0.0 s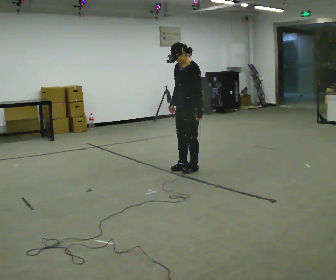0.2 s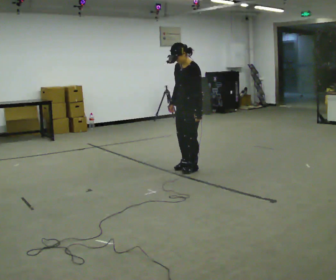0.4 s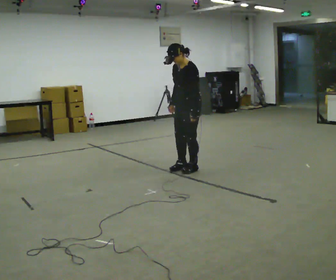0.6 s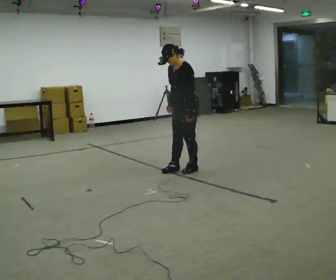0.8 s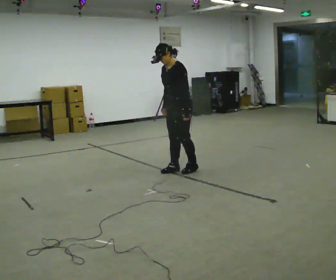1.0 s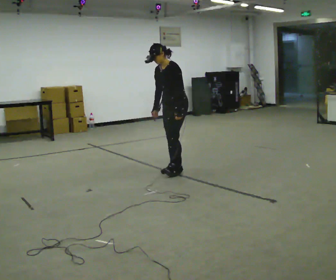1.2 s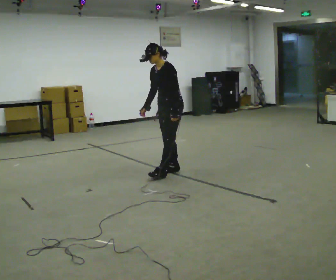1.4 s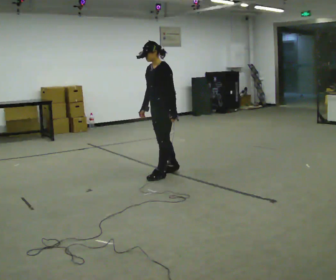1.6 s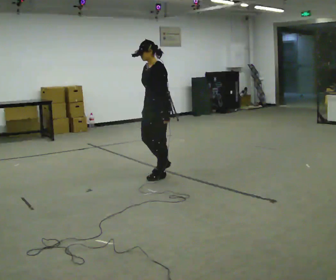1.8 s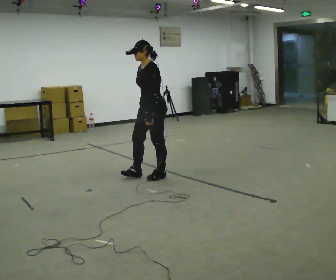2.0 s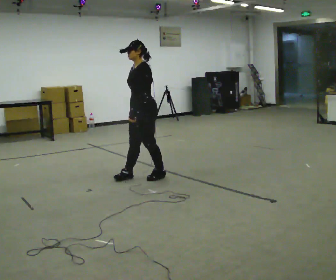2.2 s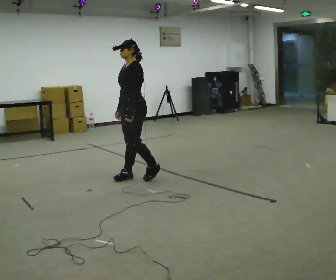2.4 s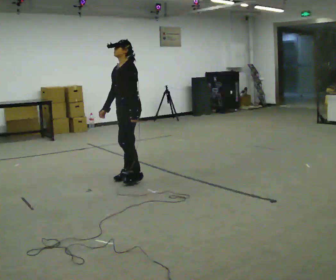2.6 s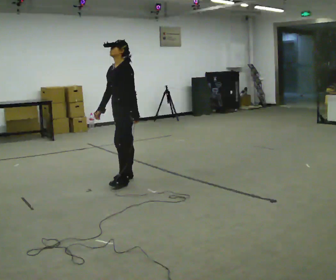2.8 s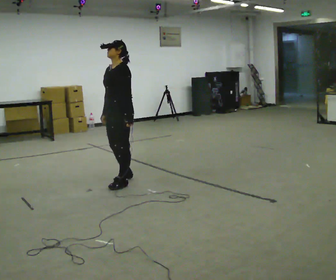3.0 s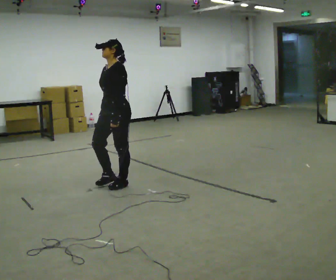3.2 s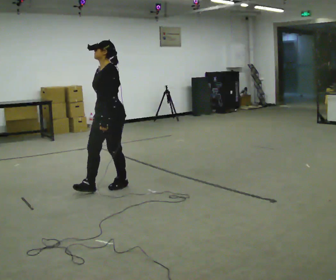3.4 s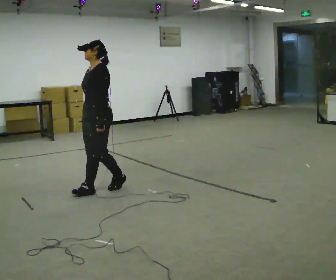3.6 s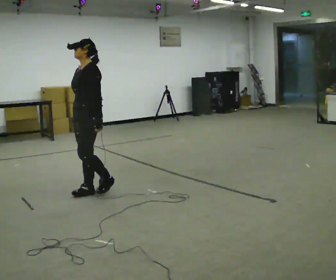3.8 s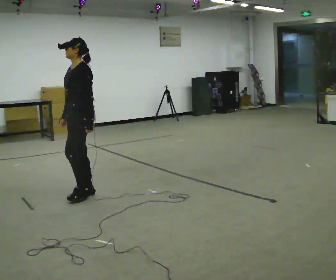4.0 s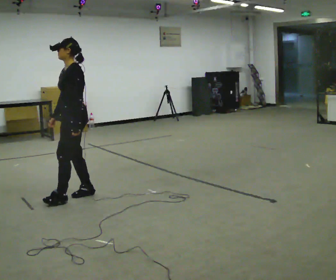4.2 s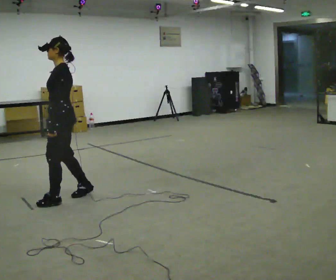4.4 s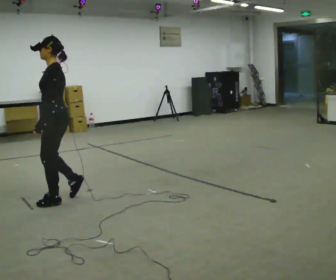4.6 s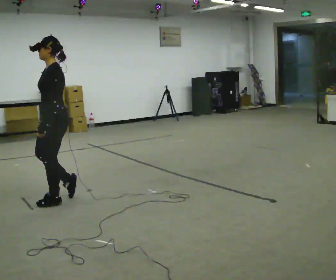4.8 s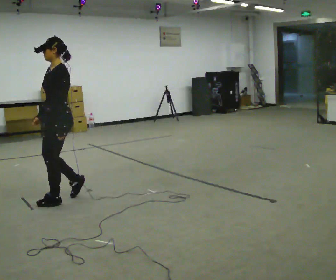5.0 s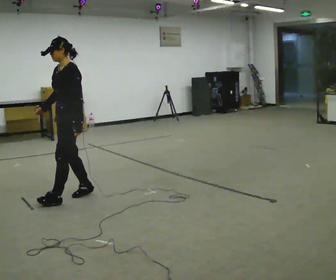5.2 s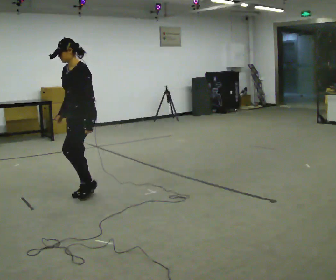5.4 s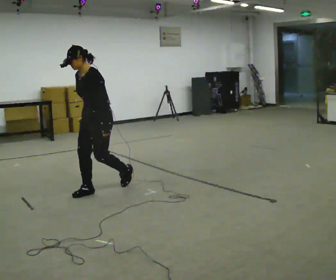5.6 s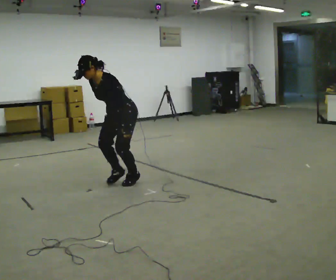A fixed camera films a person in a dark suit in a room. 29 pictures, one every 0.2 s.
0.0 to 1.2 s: In the picture they go to the left, about 0.25 m in 2 steps, which for them is forward. In the picture their right hand goes to the left.
1.2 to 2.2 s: In the picture they go to the left and toward the camera, about 0.5 m in 2 steps, which for them is forward.
2.2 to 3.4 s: In the picture they go toward the camera and to the left, about 0.5 m in 2 steps, which for them is forward and to their left.
3.4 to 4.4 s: In the picture they go toward the camera and to the left, about 0.5 m in 1 step, which for them is forward and to their left.
4.4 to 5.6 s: In the picture they go to the right and away from the camera, about 0.5 m in 3 steps, which for them is backward. In the picture the upper body tilts counterclockwise, shoulders to the left, as they bend forward.
The film runs backward here.
